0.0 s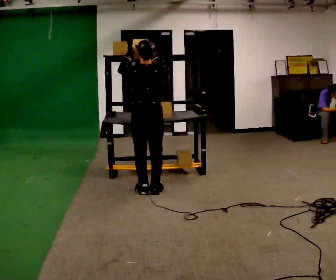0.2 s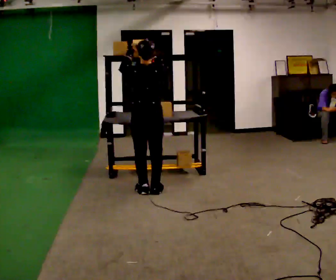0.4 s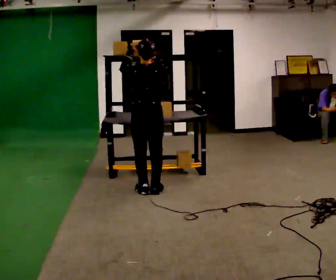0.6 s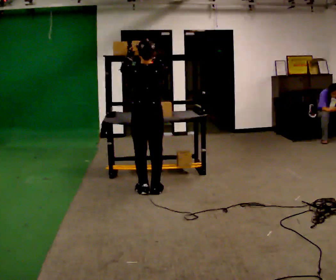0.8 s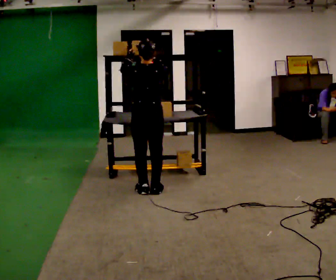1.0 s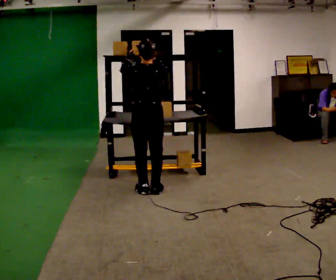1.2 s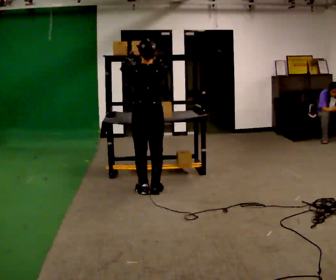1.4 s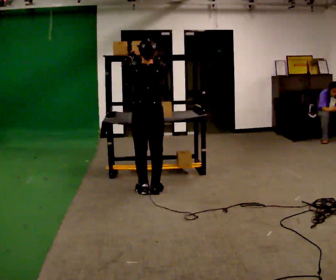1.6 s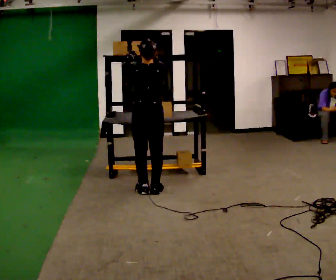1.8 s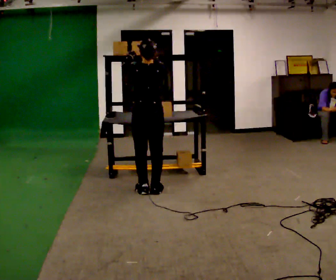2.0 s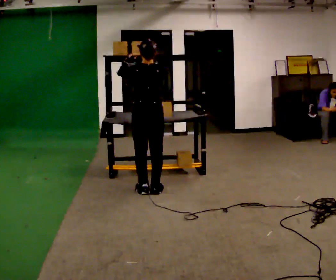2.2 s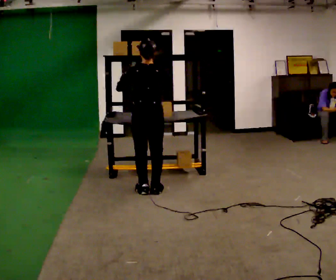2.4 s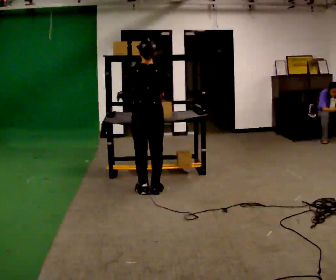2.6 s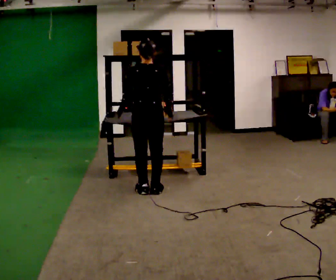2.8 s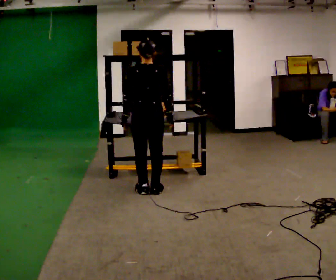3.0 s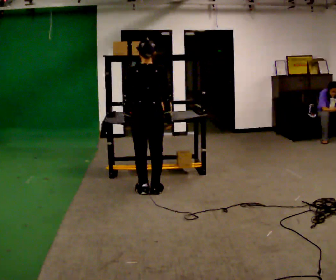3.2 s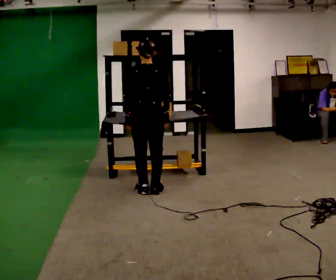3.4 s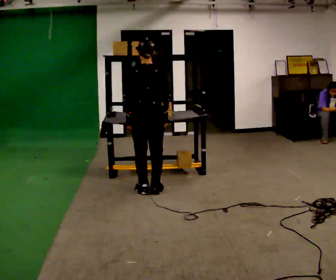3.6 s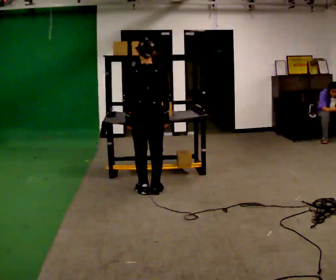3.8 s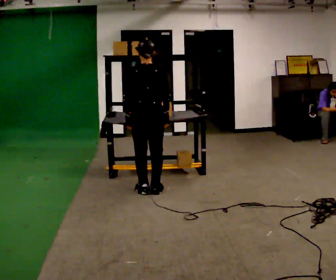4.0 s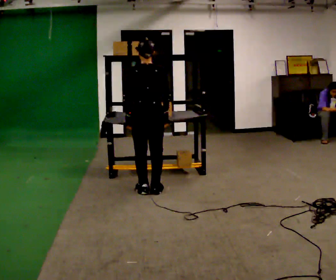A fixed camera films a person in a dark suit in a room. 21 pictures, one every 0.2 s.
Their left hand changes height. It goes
downward.
Their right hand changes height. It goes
downward.
0.0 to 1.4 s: The person moves a little, or ends about where they began.
1.4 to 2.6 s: In the picture their right hand goes downward.
2.6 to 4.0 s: The person moves a little, or ends about where they began.
The film runs forward here.
